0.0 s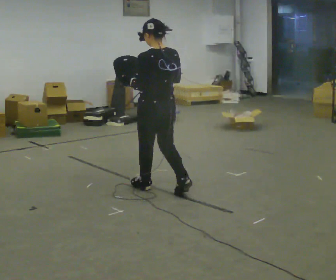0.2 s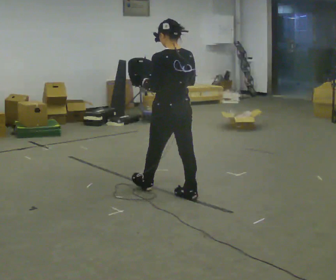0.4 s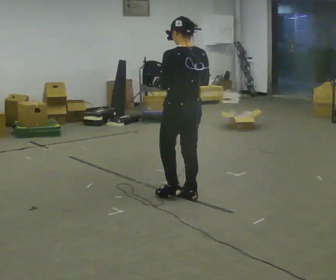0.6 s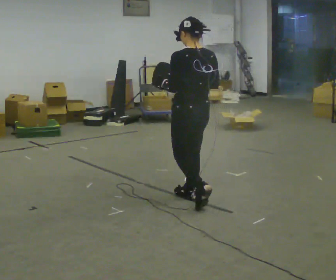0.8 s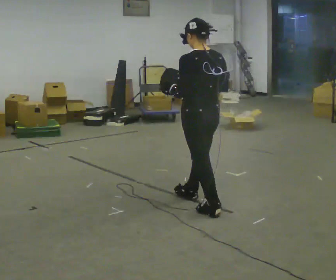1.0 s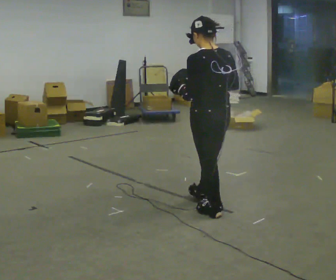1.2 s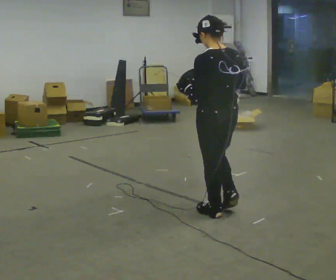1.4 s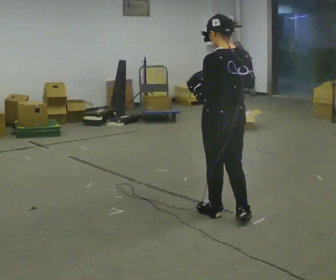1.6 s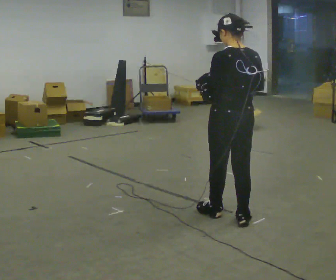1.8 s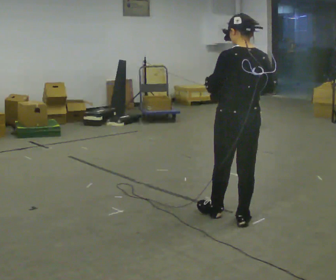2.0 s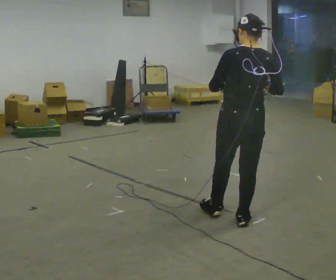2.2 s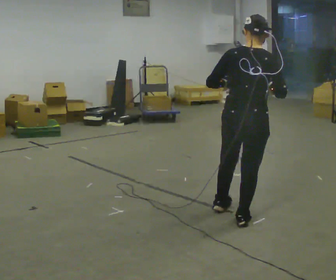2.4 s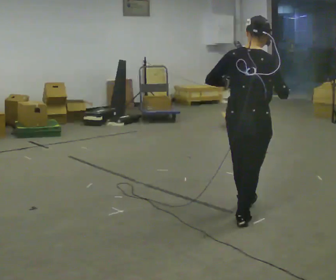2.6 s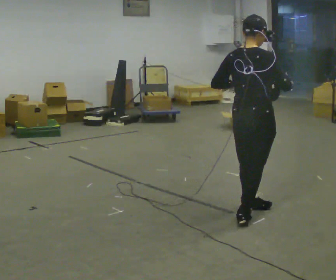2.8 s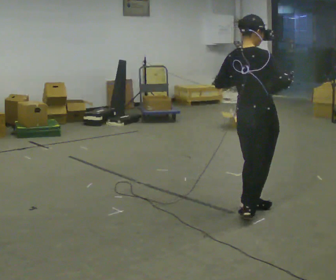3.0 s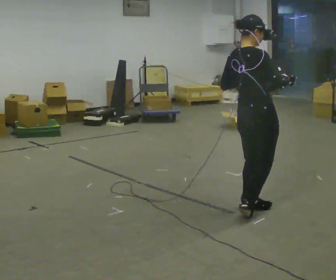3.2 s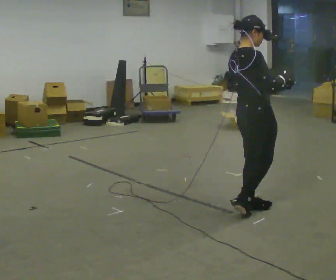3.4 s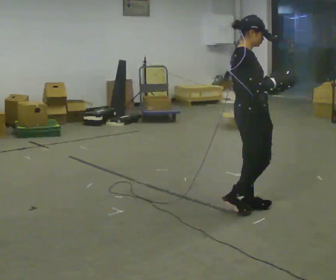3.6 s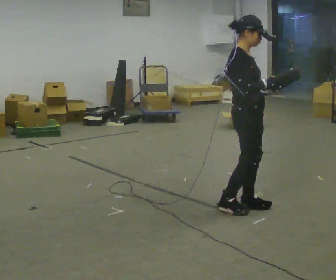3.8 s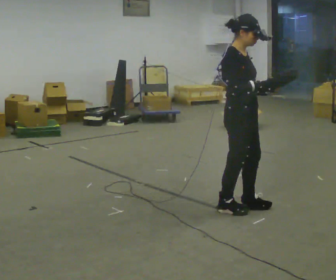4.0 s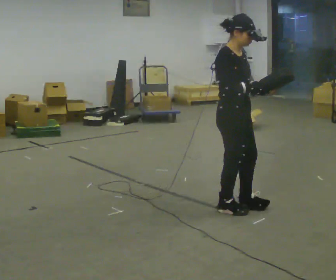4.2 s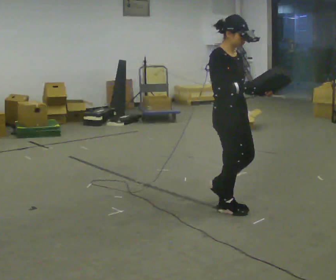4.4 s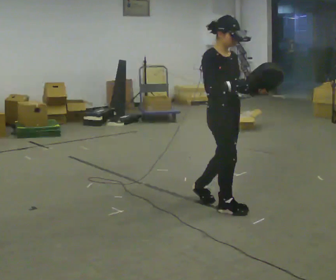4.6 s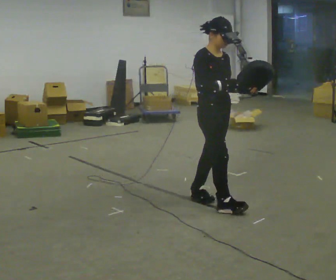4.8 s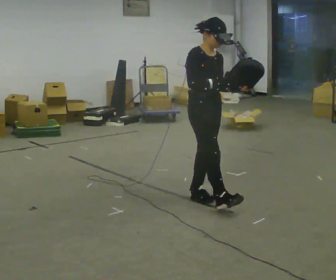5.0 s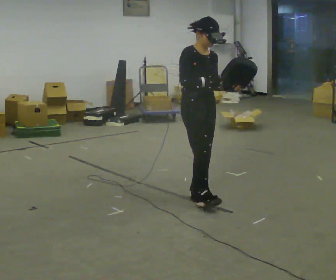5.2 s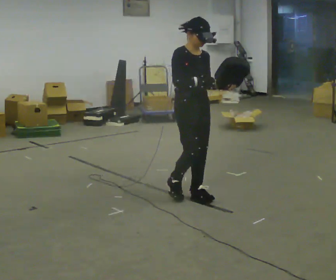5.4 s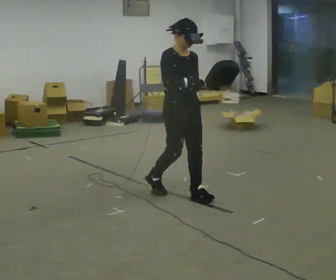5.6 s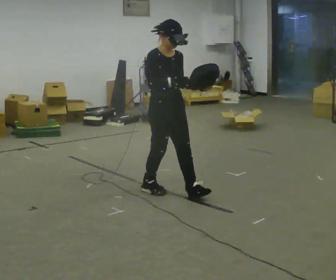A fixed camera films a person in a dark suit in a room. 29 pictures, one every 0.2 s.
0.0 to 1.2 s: In the picture they go toward the camera and to the right, about 0.5 m in 2 steps, which for them is backward.
1.2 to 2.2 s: The person turns about 45 degrees to their right, clockwise seen from above, so the part of the body nearest the lens slides to the left. In the picture they go to the right and toward the camera, about 0.25 m in 1 step, which for them is backward. In the picture their right hand goes to the right.
2.2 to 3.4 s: The part of the body nearest the lens slides to the left as the person turns to their right by about 75 degrees. In the picture they go away from the camera, about 0.25 m in 1 step.
3.4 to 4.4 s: Seen from above the body turns clockwise, about 45 degrees: to their right, with its near side sliding to the left. In the picture they go to the left, about 0.25 m in 1 step, which for them is backward.
4.4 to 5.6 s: In the picture they go to the left and away from the camera, about 0.5 m in 2 steps, which for them is backward.
The film runs backward here.
